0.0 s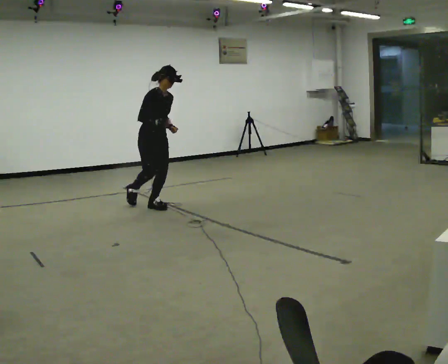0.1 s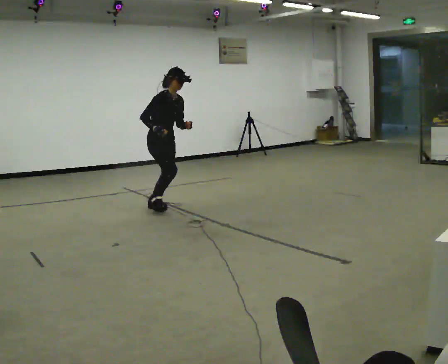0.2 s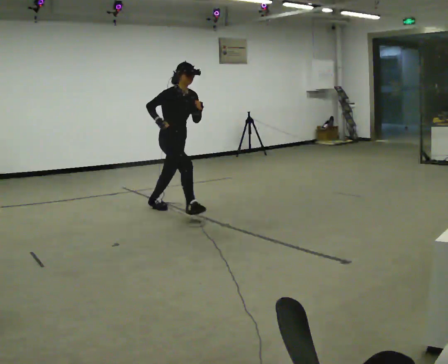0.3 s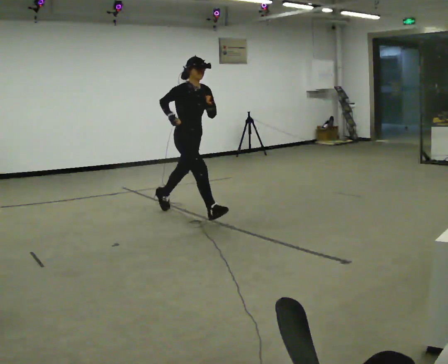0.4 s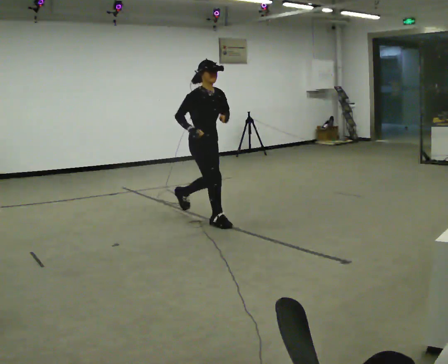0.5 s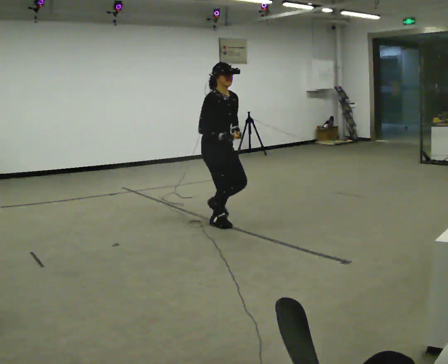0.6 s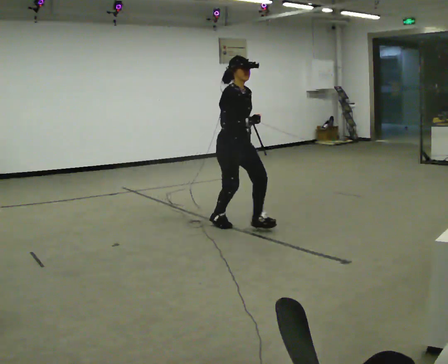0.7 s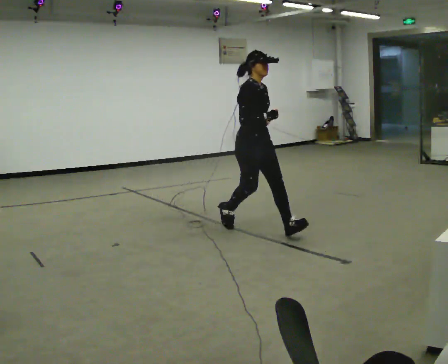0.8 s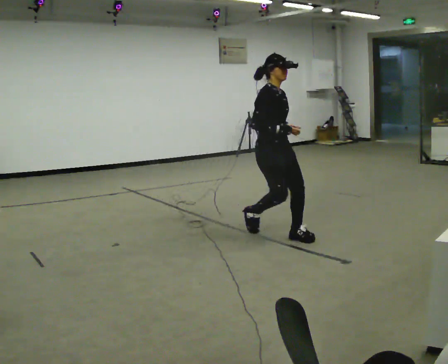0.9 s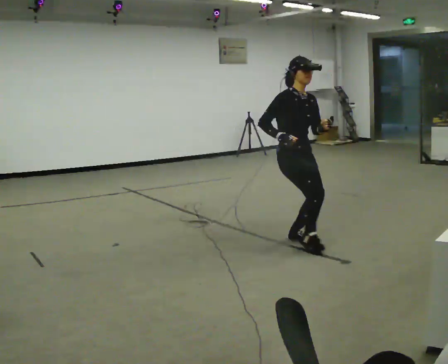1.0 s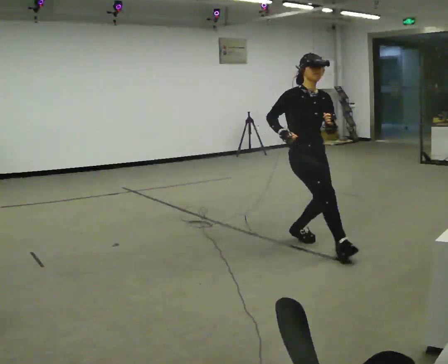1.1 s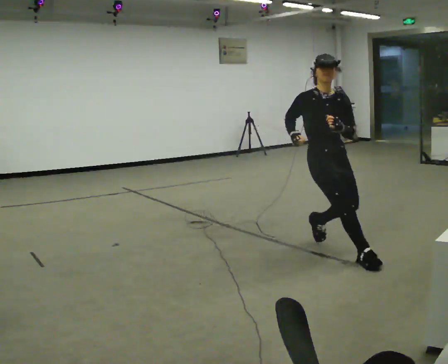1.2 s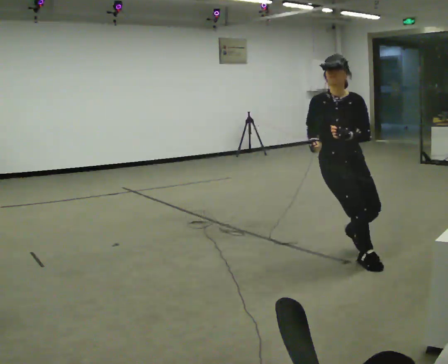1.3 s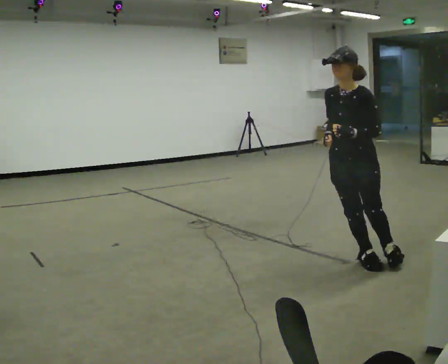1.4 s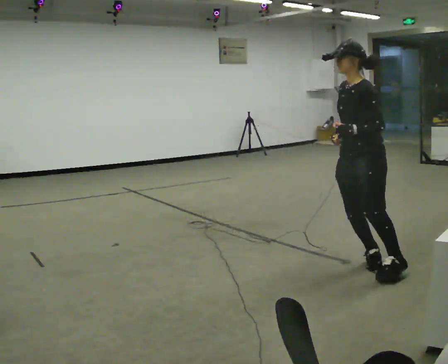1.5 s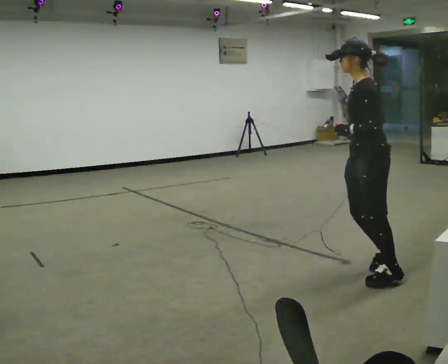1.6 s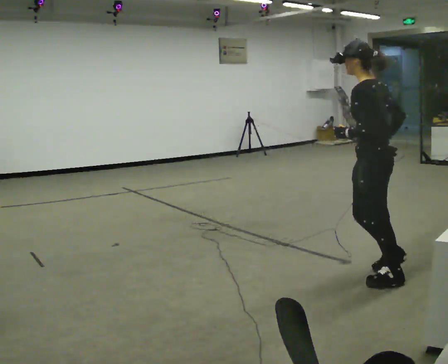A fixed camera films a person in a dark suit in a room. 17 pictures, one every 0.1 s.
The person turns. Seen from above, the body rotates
clockwise.
The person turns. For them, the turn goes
to their right.
0.0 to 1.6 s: The person turns about 165 degrees to their right, clockwise seen from above, so the part of the body nearest the lens slides to the left. In the picture they go toward the camera and to the right, about 3 m in 4 steps. In the picture the upper body tilts counterclockwise, shoulders to the left.
The film runs forward here.
